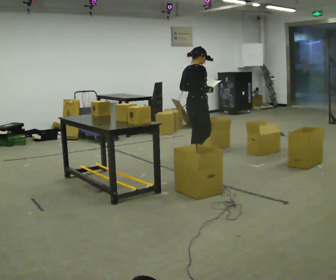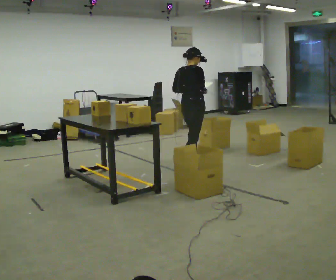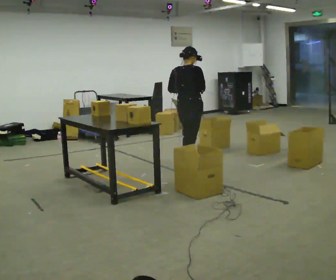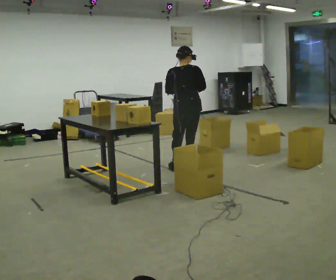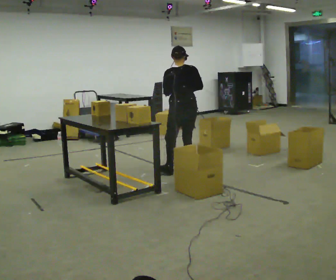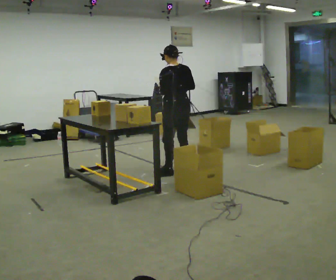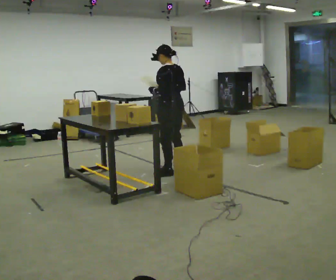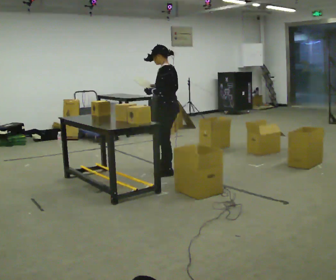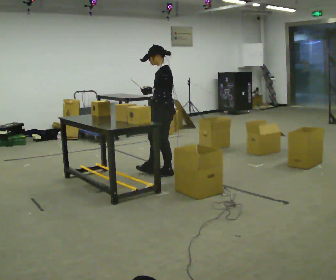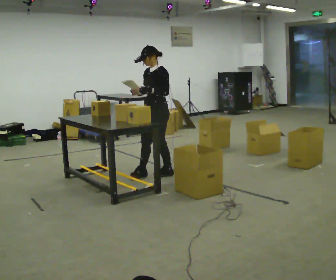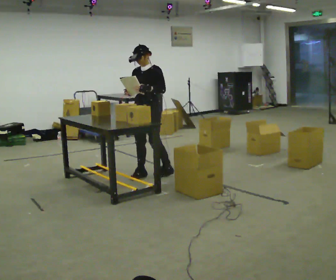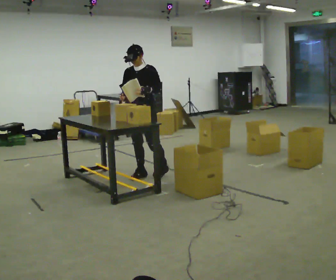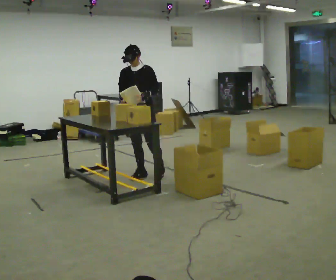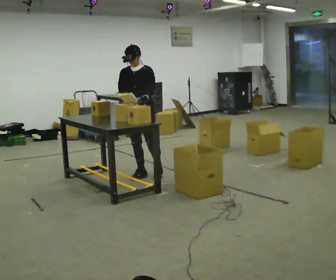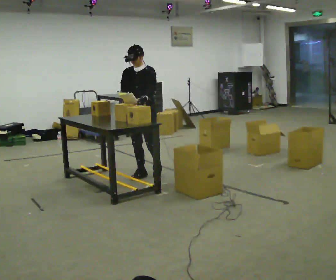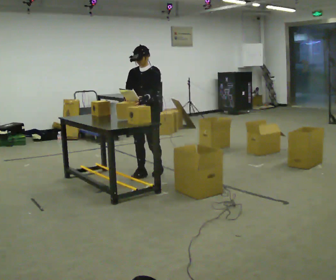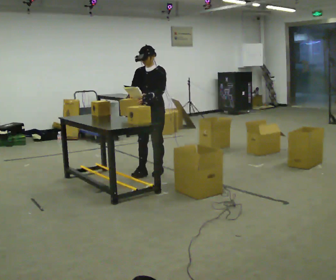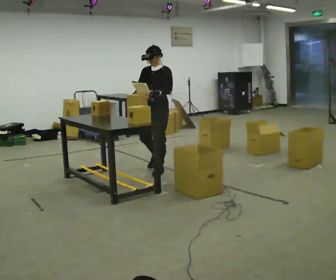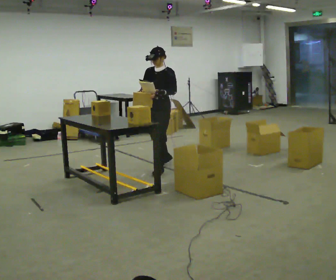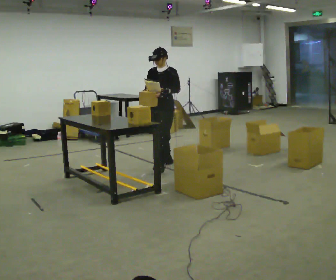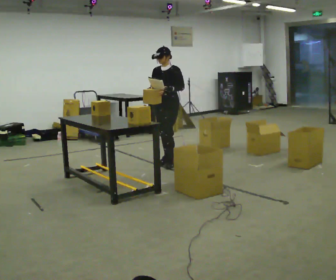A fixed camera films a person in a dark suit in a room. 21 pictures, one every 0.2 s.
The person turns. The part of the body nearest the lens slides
to the right.
The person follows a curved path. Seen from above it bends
clockwise.
0.0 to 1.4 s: The person turns about 135 degrees to their left, counterclockwise seen from above, so the part of the body nearest the lens slides to the right. In the picture they go toward the camera and to the left, about 0.5 m in 2 steps.
1.4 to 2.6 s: The person turns about 90 degrees to their left, counterclockwise seen from above, so the part of the body nearest the lens slides to the right. In the picture they go to the left, about 0.25 m.
2.6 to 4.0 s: In the picture they go away from the camera and to the right, about 0.75 m in 2 steps, which for them is backward.
The film runs backward here.
